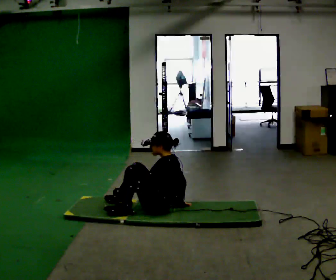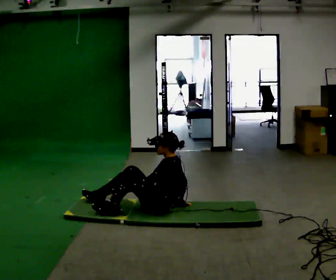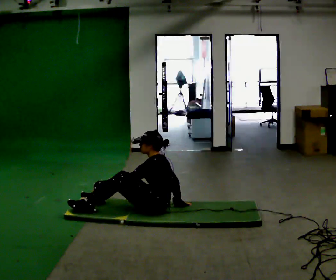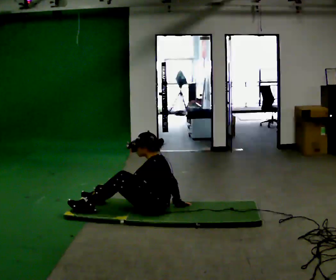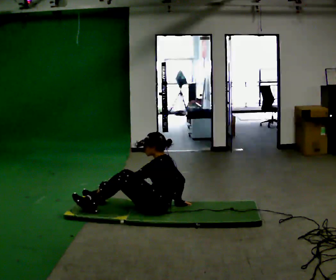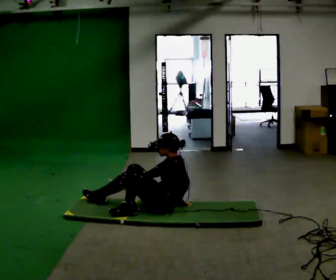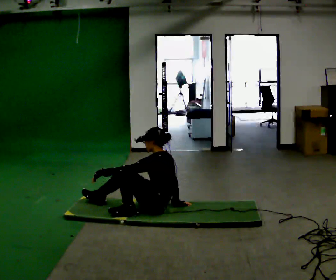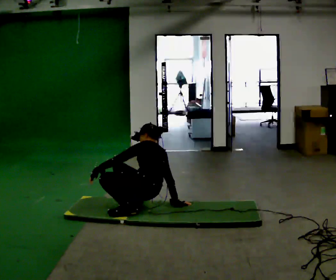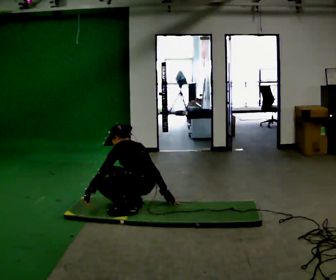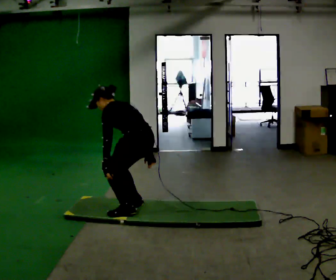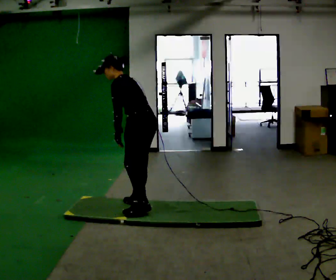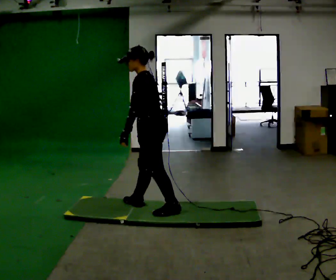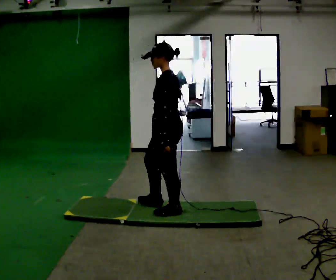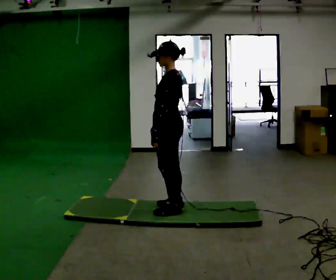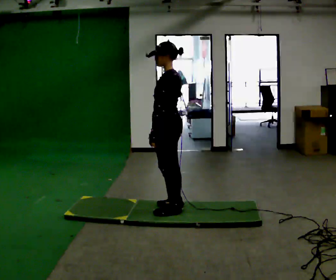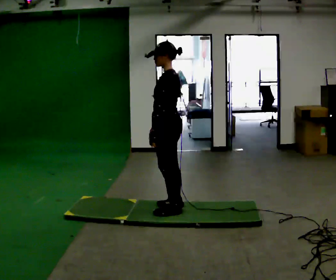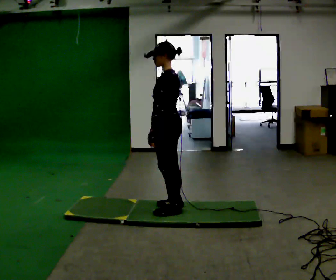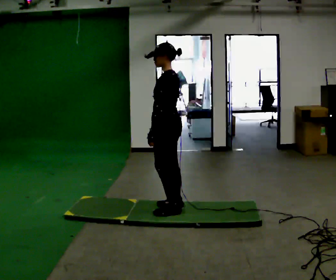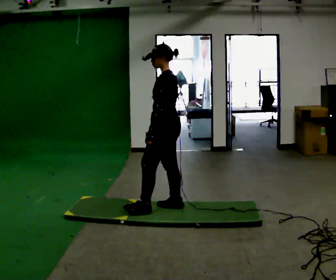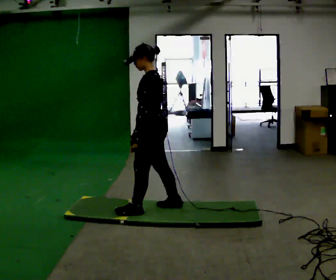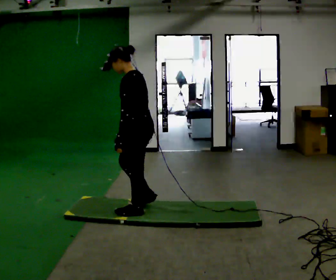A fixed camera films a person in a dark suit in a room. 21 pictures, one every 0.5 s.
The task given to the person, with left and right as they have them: From standing, sit down on the floor, then stand back up in whatever way is natural. Repeat the movement at your own pace until the operator says stop; do not rush.
0.0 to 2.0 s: The person moves a little, or ends about where they began.
2.0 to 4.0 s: The part of the body nearest the lens slides to the left as the person turns to their right by about 30 degrees. In the picture they go to the left, about 0.25 m in 2 steps, which for them is forward.
4.0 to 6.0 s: The part of the body nearest the lens slides to the right as the person turns to their left by about 30 degrees. In the picture they go to the right, about 0.25 m in 1 step, which for them is backward. The shoulders move upward. The upper body tips toward the camera, its near side rolling downward, as they lean back or straighten. In the picture their right hand goes upward, the arm swinging clockwise.
6.0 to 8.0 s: The person moves a little, or ends about where they began.
8.0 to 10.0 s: In the picture they go to the left, about 0.25 m in 1 step, which for them is forward and to their left.
The film runs forward here.
